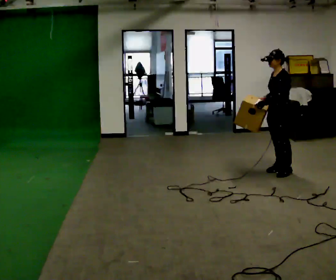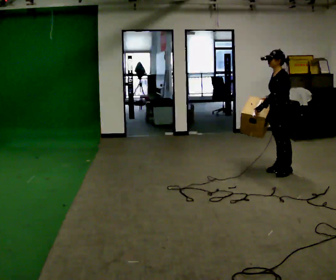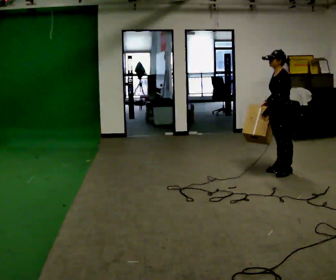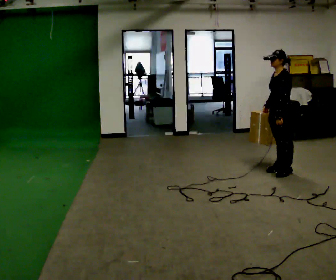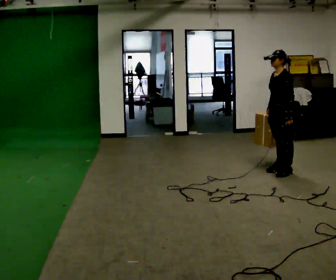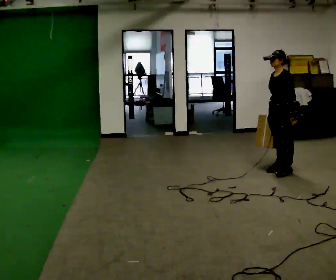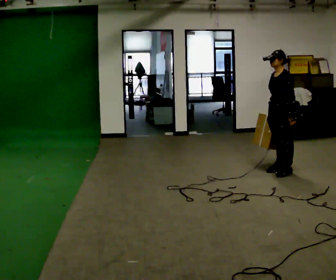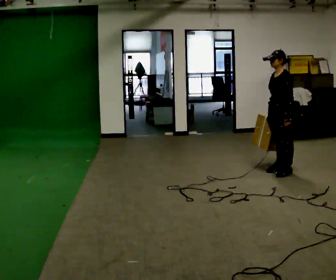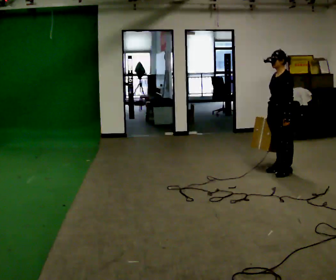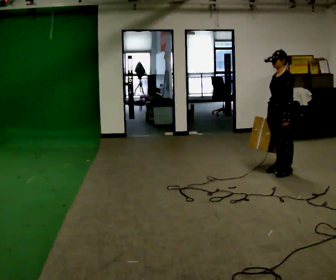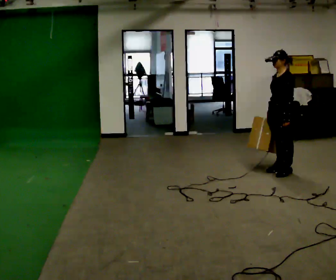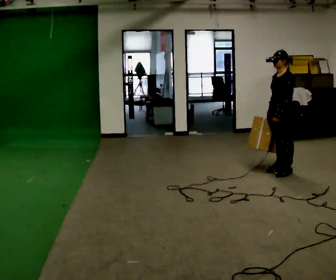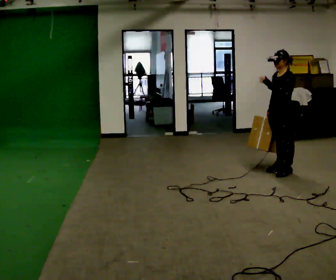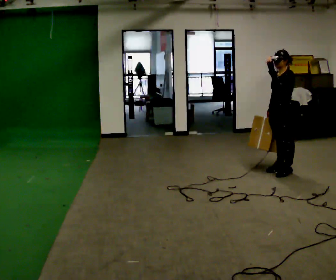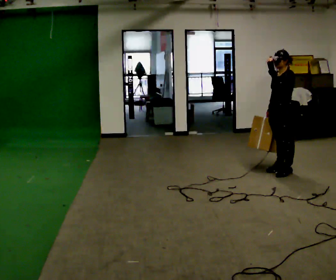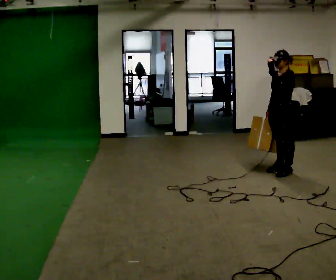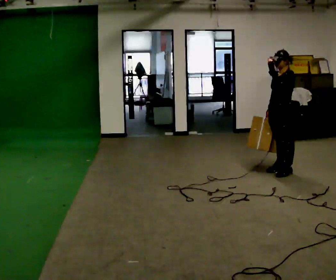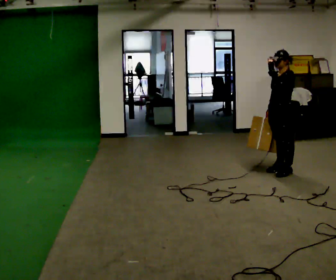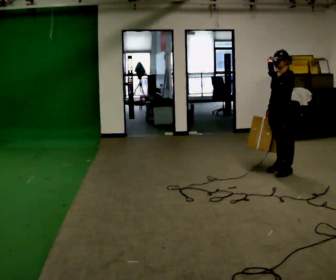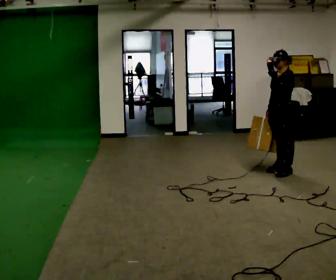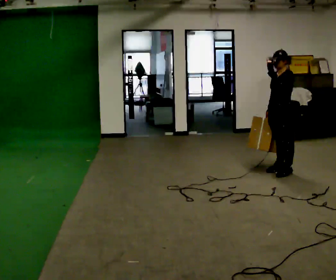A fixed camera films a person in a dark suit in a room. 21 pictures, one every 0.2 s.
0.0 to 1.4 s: The person moves a little, or ends about where they began.
1.4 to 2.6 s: In the picture their left hand goes upward.
2.6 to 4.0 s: The person keeps their place and pose.
The film runs forward here.
